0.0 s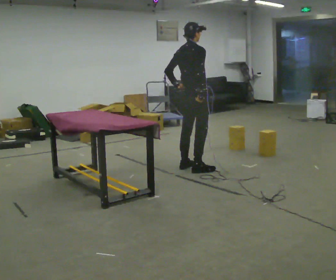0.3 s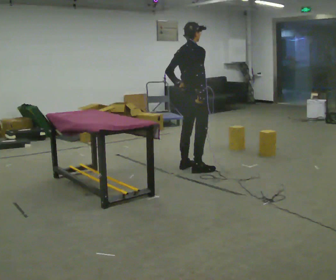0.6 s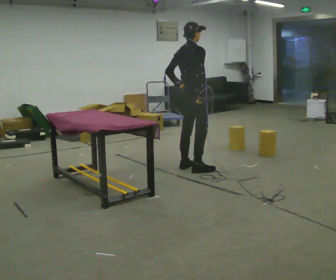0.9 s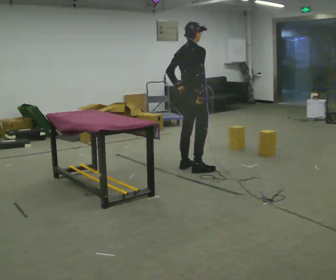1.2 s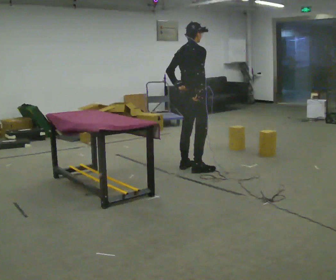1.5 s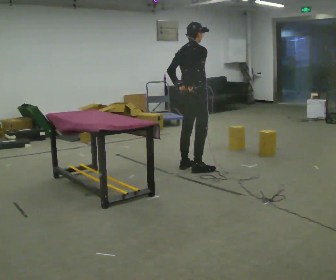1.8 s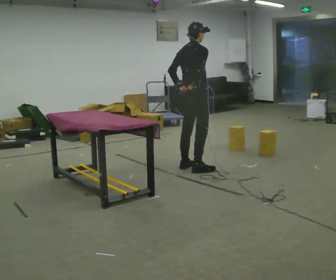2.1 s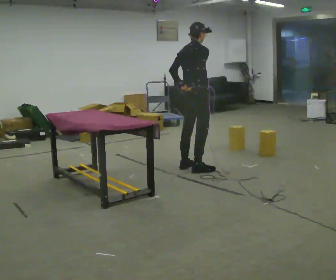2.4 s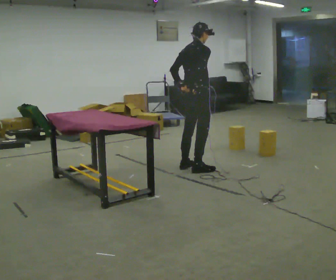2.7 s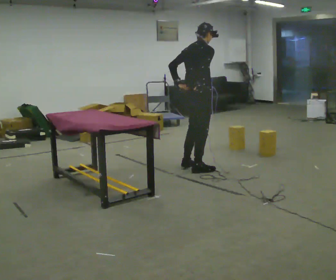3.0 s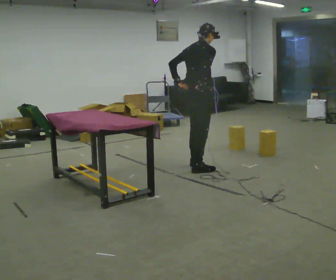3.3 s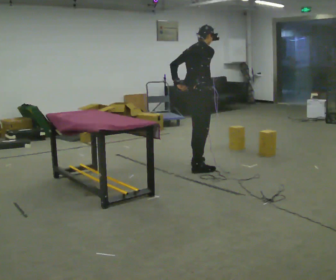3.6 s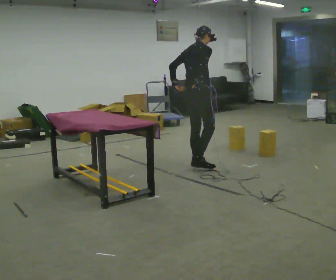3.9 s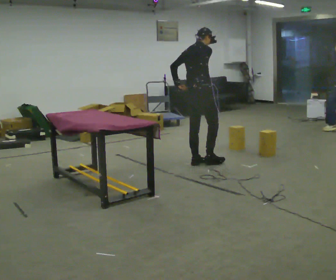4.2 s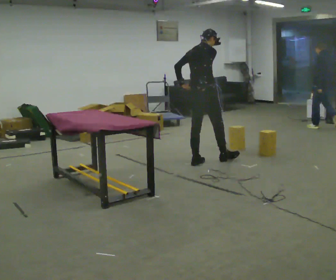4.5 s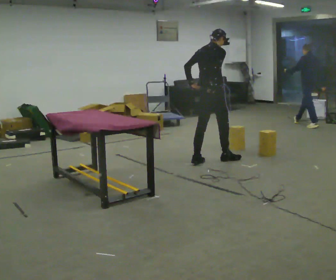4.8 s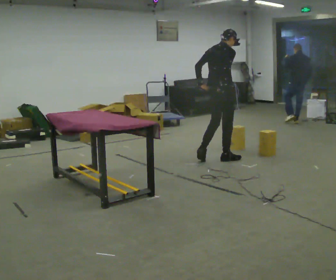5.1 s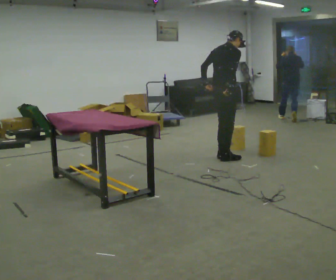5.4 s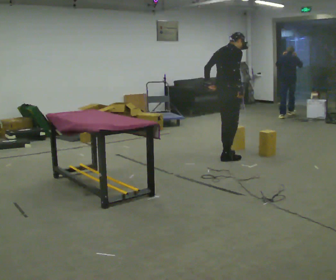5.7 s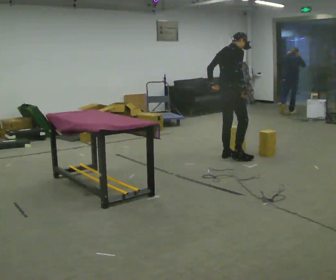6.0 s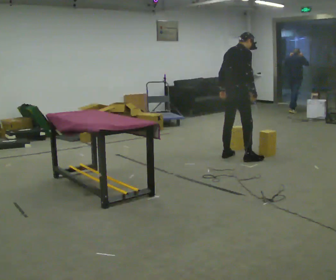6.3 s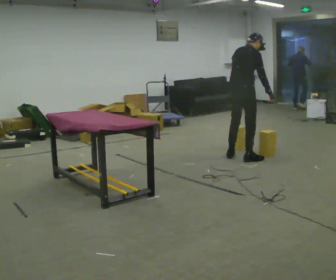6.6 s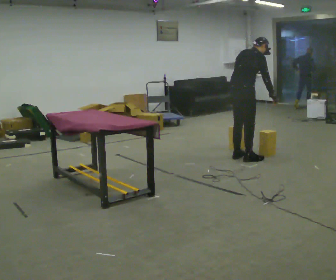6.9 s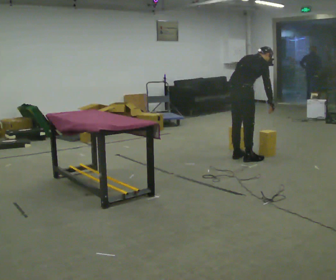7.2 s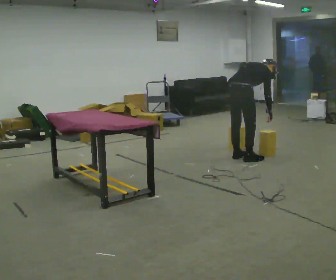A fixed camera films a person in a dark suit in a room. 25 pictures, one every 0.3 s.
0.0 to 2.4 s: The person moves a little, or ends about where they began.
2.4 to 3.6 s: In the picture they go away from the camera, about 0.25 m in 1 step, which for them is forward and to their left.
3.6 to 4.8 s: In the picture they go to the right and away from the camera, about 0.25 m in 1 step, which for them is forward.
4.8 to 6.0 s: In the picture they go to the right, about 0.25 m in 2 steps, which for them is forward. In the picture their left hand goes to the right.
6.0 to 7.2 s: In the picture they go toward the camera, about 0.25 m in 1 step, which for them is to their right. The shoulders move downward. In the picture the upper body tilts clockwise, shoulders to the right, as they bend forward.
The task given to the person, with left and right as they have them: Carry the box over and put it on the shelf with the label facing out towards you. Get the orientation right, not just the position. Keep going until the operator says stop; one object at a time, and do not rush between trips.
The film runs forward here.
